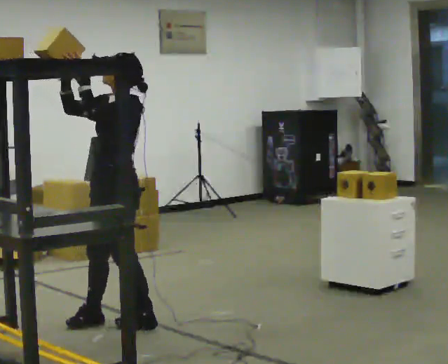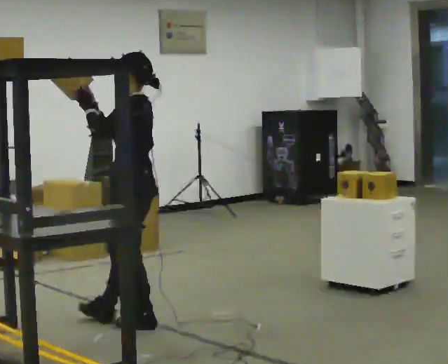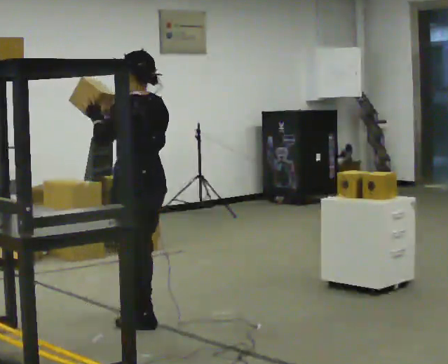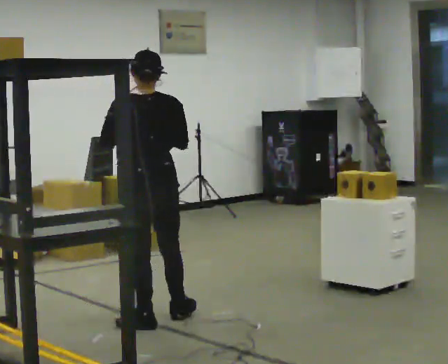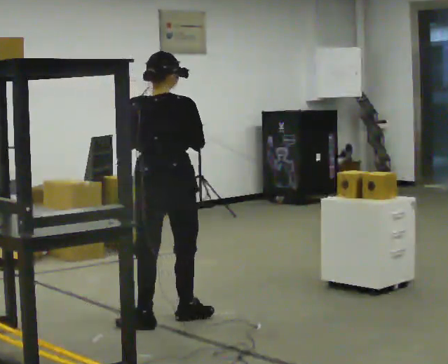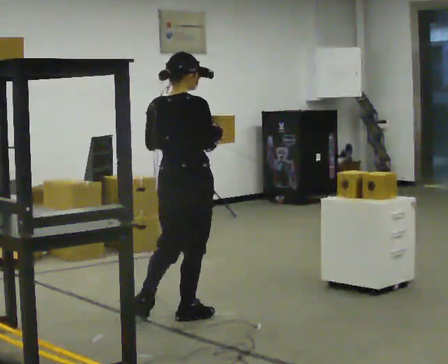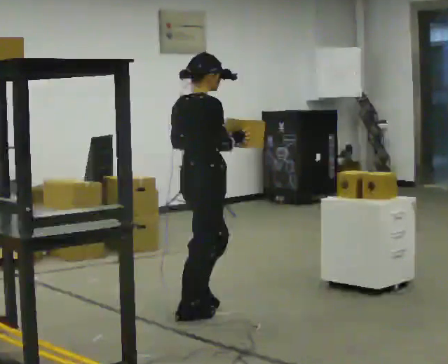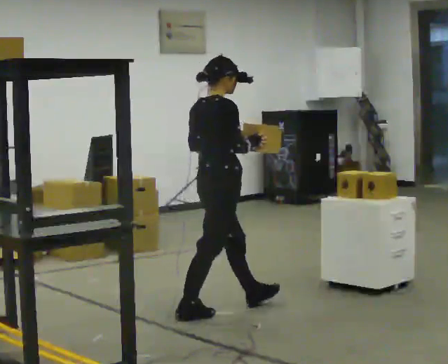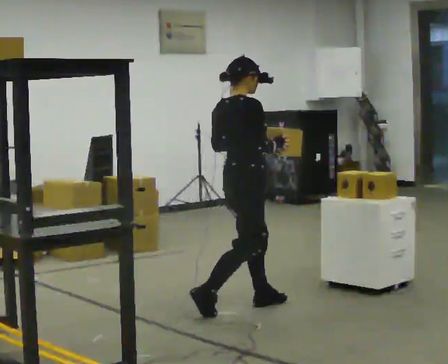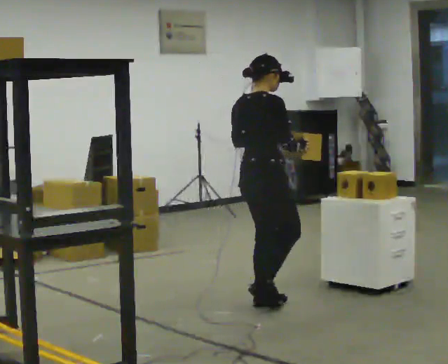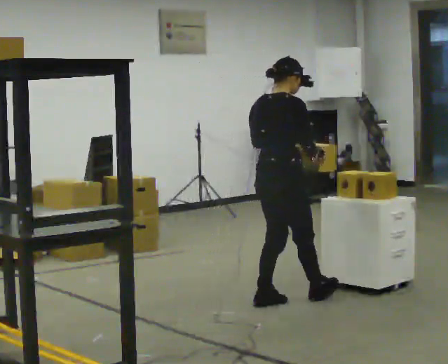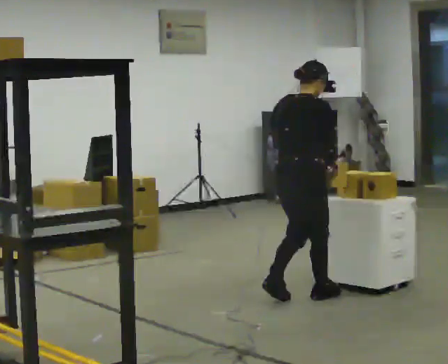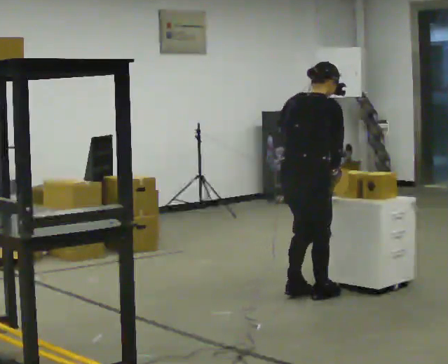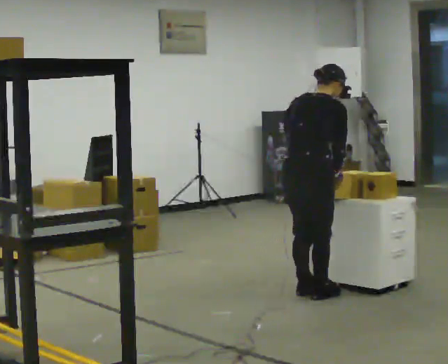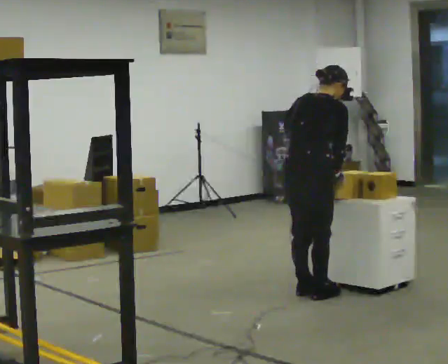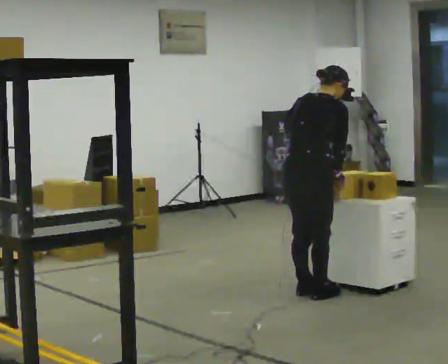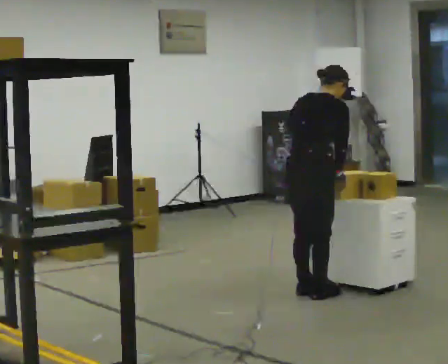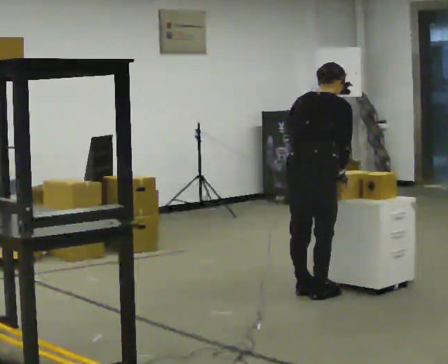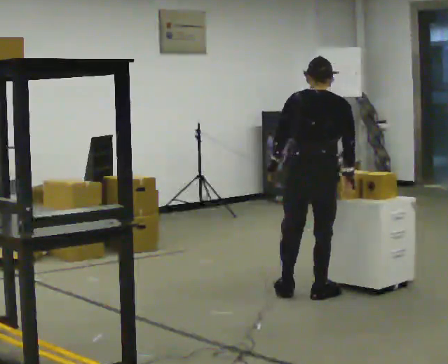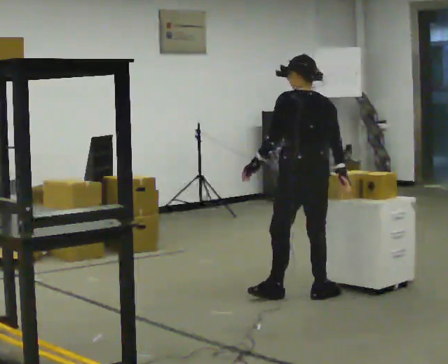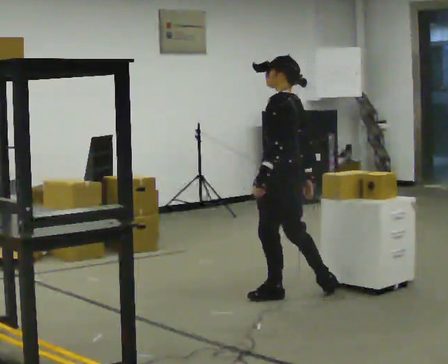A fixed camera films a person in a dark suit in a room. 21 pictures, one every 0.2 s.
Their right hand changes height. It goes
downward.
Their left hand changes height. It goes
downward.
0.0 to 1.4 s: The person turns about 180 degrees to their right, clockwise seen from above, so the part of the body nearest the lens slides to the left. In the picture they go to the right and away from the camera, about 0.5 m in 1 step. In the picture their right hand goes downward.
1.4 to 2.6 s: In the picture they go to the right and away from the camera, about 0.5 m in 3 steps, which for them is forward. The upper body tips away from the camera, its near side rolling upward, as they bend forward.
2.6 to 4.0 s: Seen from above the body turns counterclockwise, about 105 degrees: to their left, with its near side sliding to the right. In the picture the upper body tilts counterclockwise, shoulders to the left, as they lean back or straighten.
The film runs forward here.
